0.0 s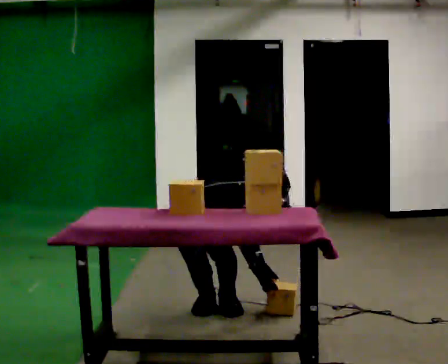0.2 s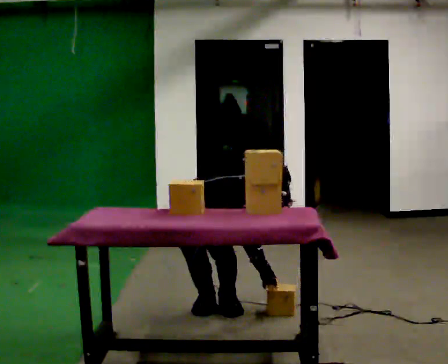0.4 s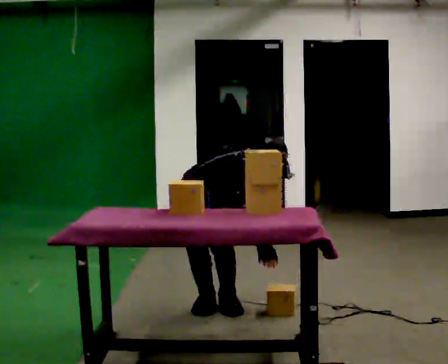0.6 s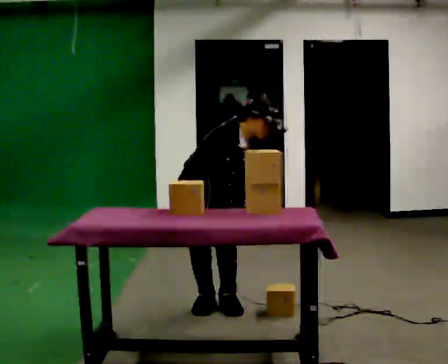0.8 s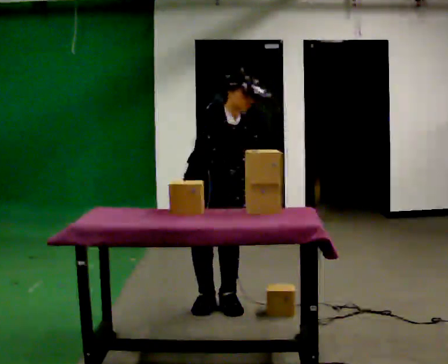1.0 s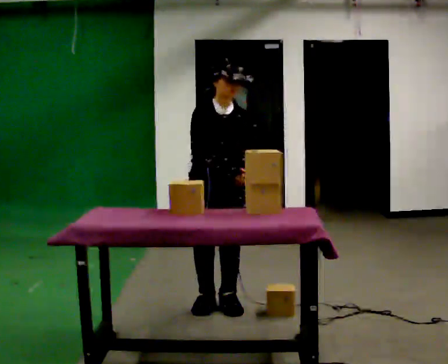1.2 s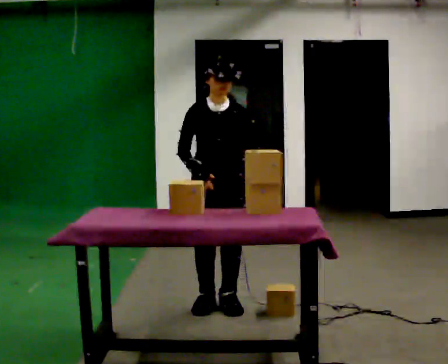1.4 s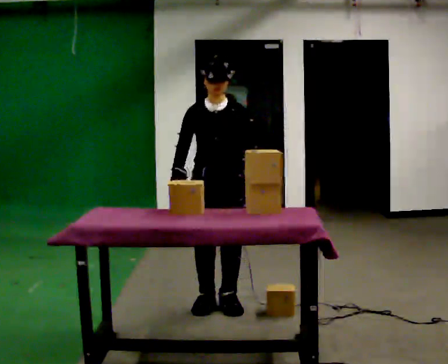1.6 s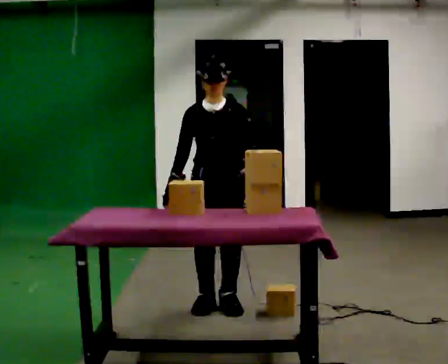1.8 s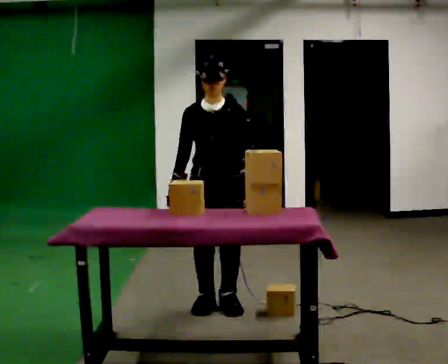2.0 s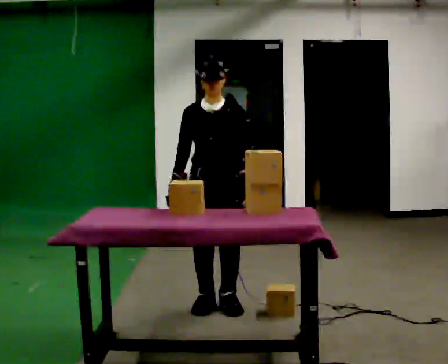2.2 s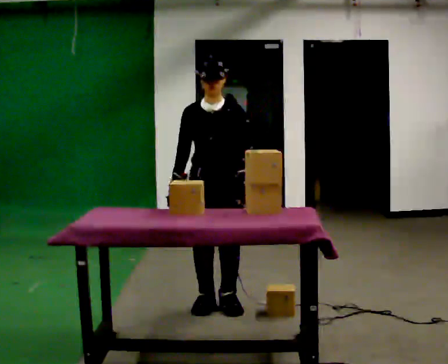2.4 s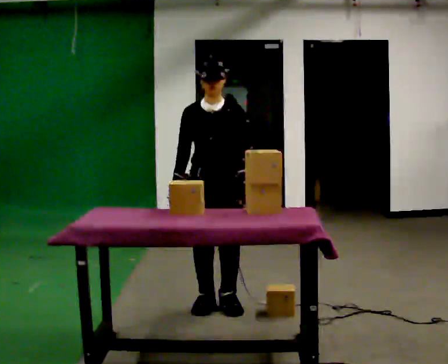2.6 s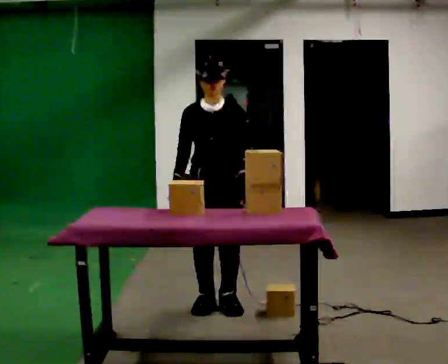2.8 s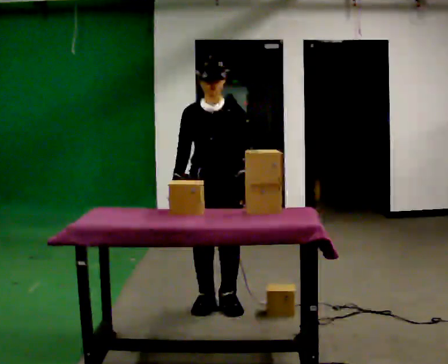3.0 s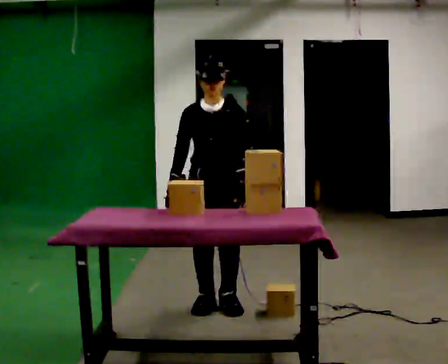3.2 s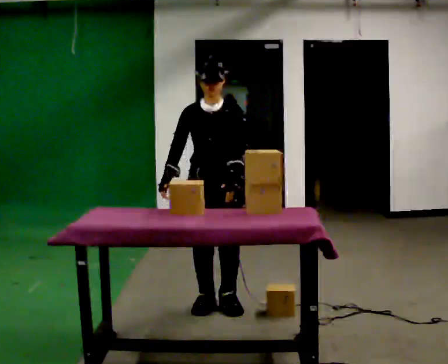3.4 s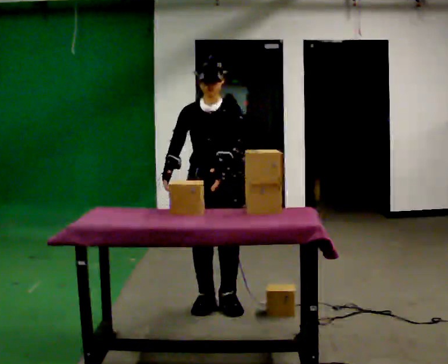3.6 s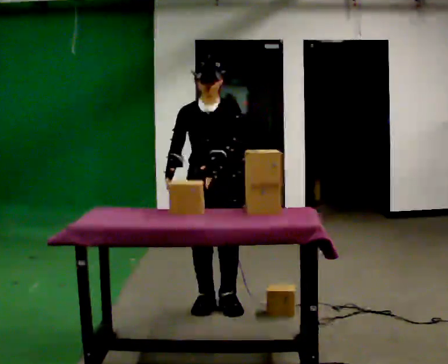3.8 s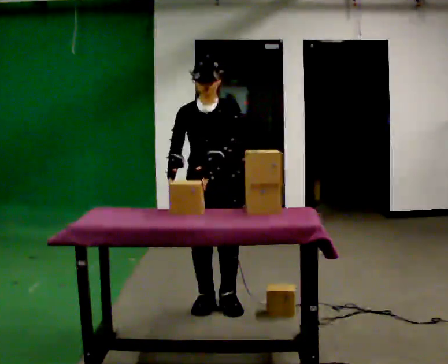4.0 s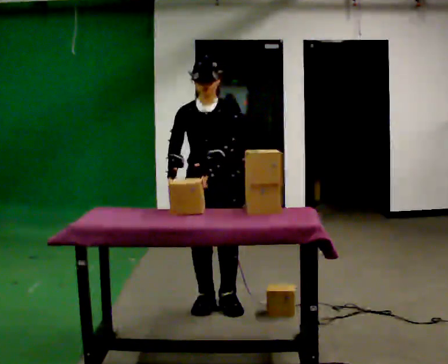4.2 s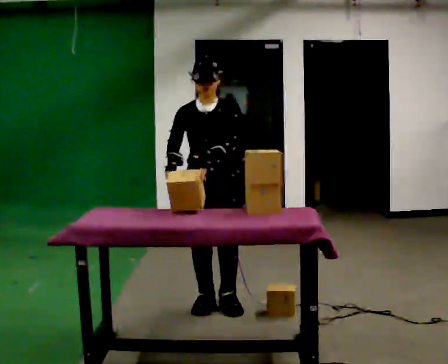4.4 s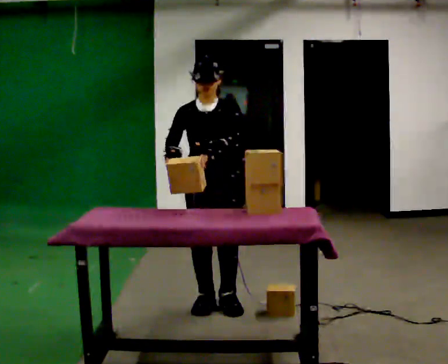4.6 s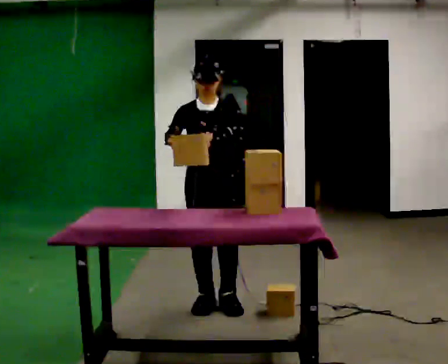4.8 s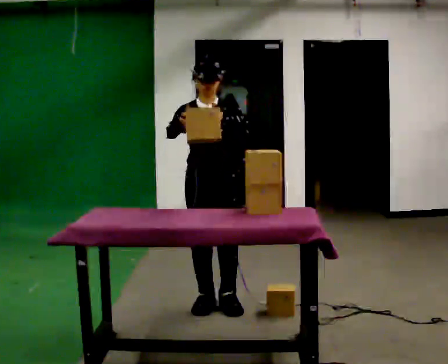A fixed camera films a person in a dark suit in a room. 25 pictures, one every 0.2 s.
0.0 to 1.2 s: The person turns about 45 degrees to their right, clockwise seen from above, so the part of the body nearest the lens slides to the left. In the picture they go to the right, about 0.25 m, which for them is to their left. The shoulders move upward. In the picture the upper body tilts counterclockwise, shoulders to the left, as they lean back or straighten. In the picture their right hand goes upward and to the left.
1.2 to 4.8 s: In the picture their left hand goes upward.
The film runs forward here.
